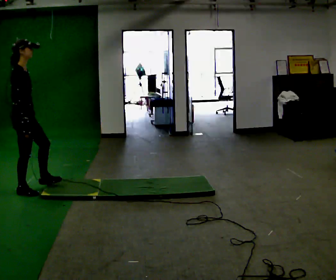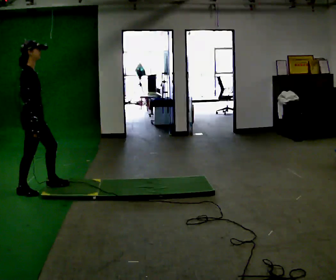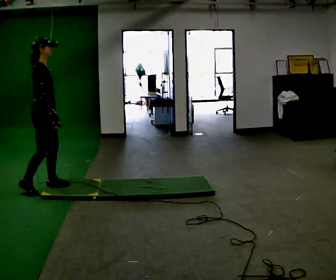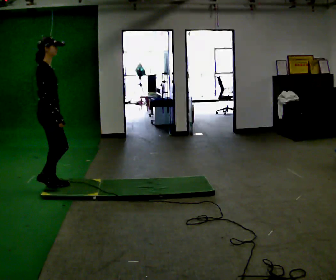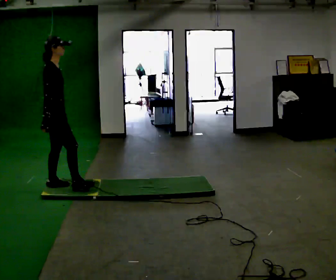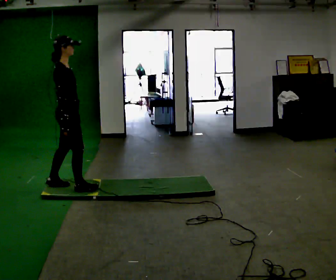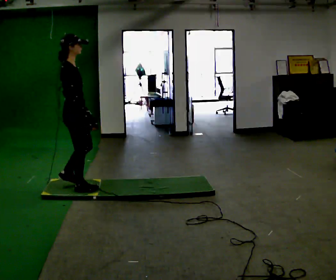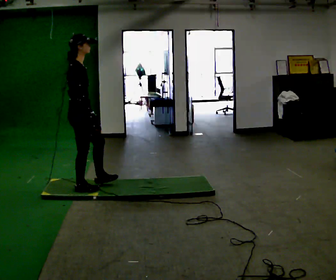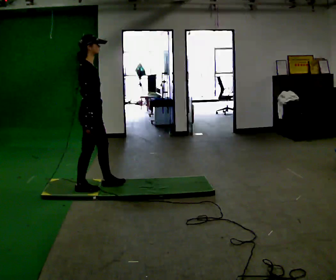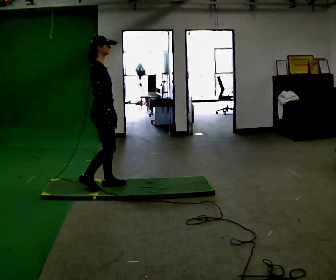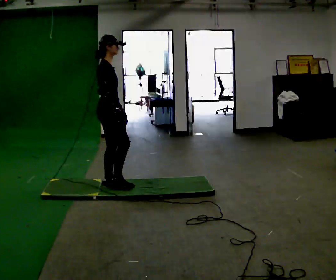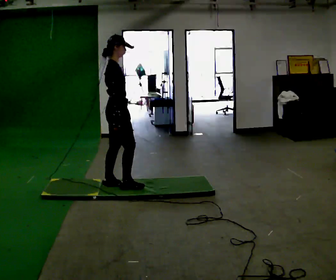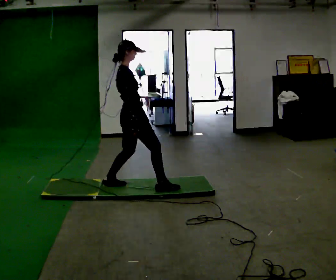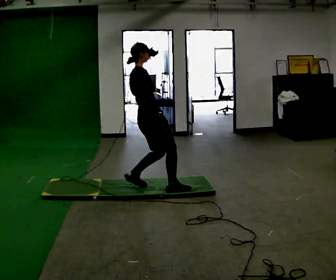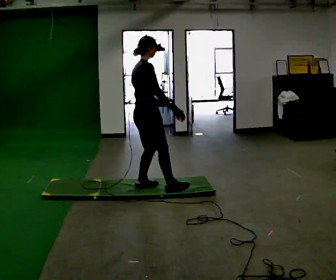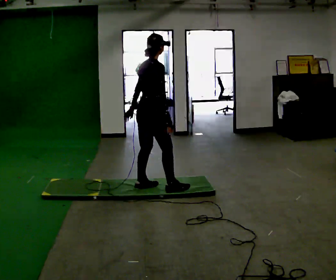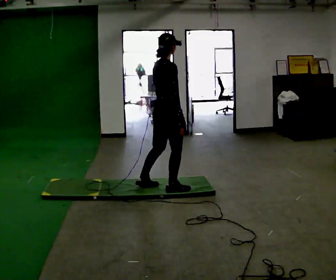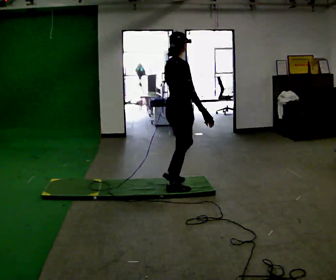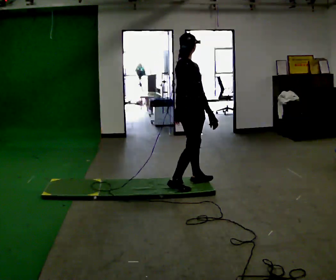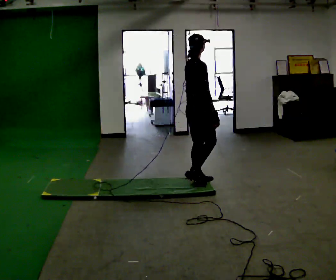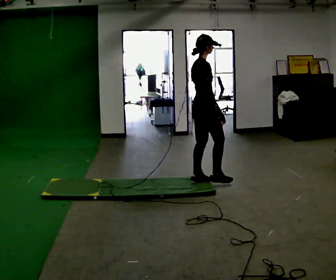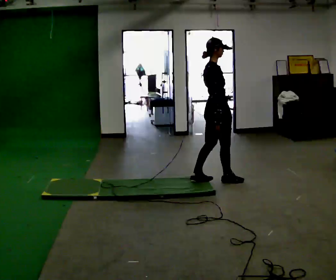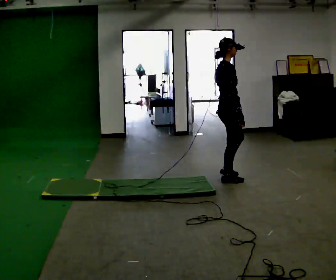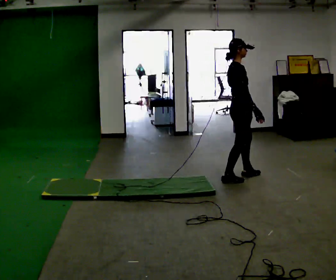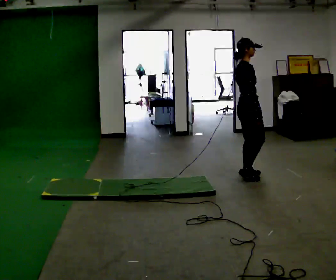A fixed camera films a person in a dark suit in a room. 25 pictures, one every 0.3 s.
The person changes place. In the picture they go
to the right.
0.0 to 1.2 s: In the picture they go to the right, about 0.25 m in 1 step, which for them is forward.
1.2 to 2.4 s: In the picture they go to the right, about 0.5 m in 2 steps, which for them is forward.
2.4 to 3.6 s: In the picture they go to the right, about 0.5 m in 1 step, which for them is forward.
3.6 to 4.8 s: In the picture they go to the right, about 0.25 m in 2 steps, which for them is forward and to their right.
4.8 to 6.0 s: In the picture they go to the right and away from the camera, about 0.5 m in 1 step, which for them is forward.
6.0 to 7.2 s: In the picture they go to the right, about 0.5 m in 2 steps, which for them is forward.
The film runs forward here.
